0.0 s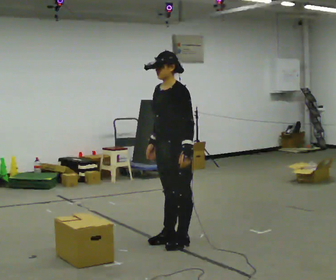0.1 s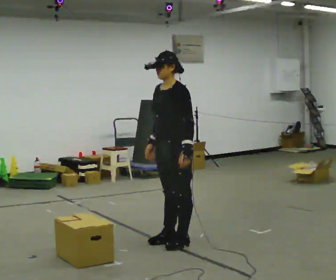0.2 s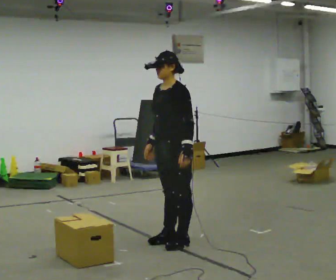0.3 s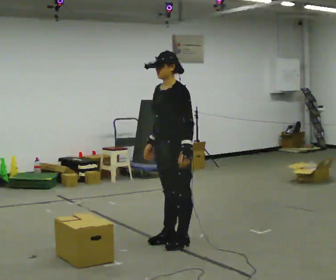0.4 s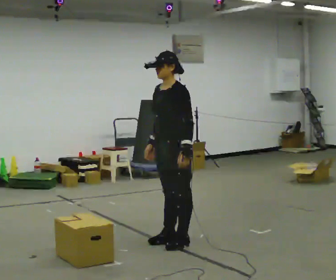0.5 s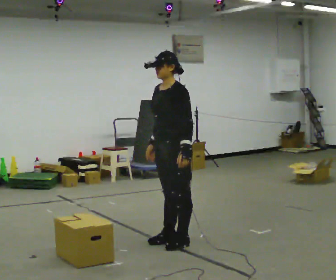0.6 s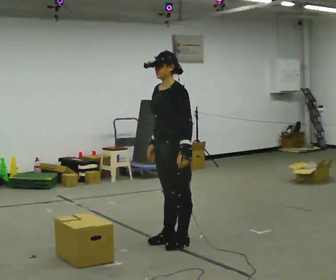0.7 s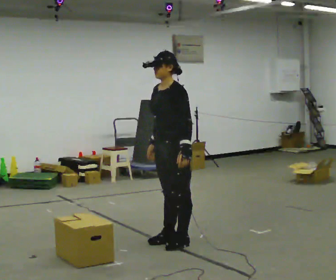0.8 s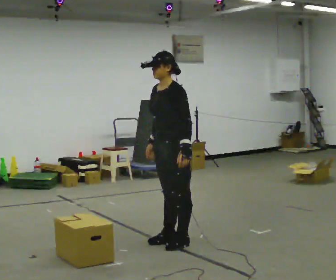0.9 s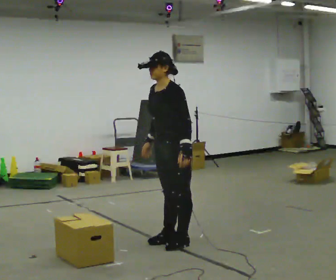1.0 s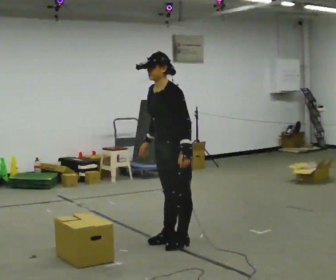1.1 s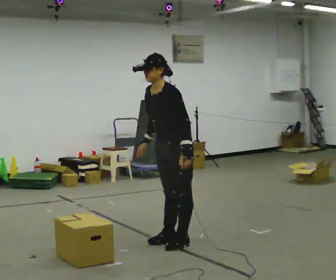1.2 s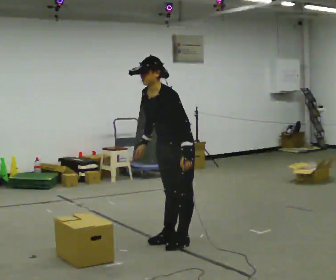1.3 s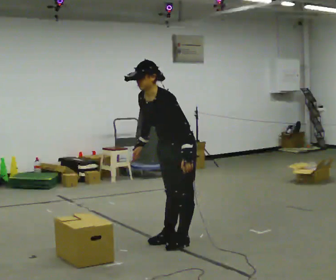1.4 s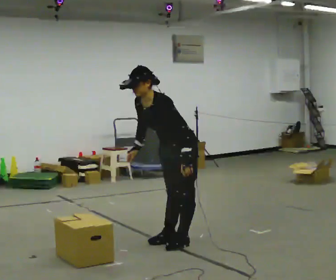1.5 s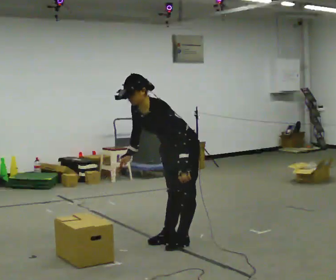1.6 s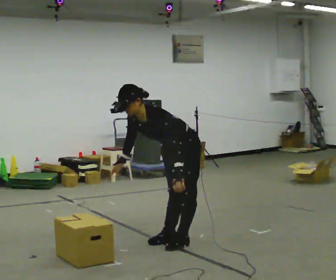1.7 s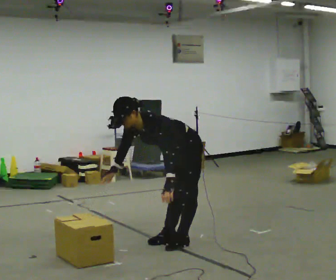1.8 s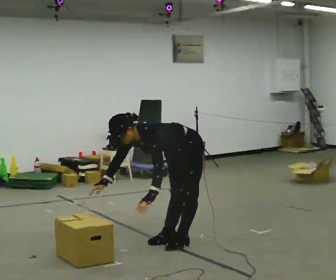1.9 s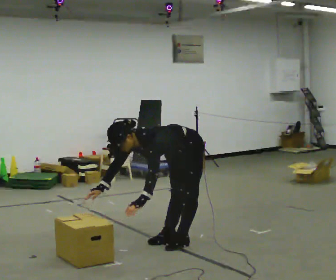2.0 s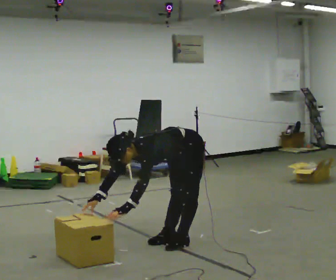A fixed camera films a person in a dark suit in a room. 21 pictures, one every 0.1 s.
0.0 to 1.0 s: The person moves a little, or ends about where they began.
1.0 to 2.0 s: The upper body goes downward. In the picture the upper body tilts counterclockwise, shoulders to the left, as they bend forward. In the picture their right hand goes downward and to the left.
The film runs backward here.
